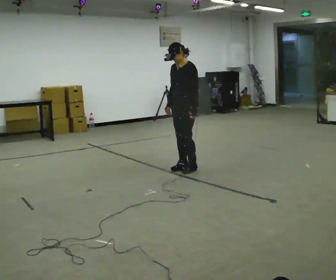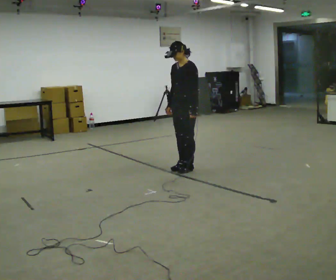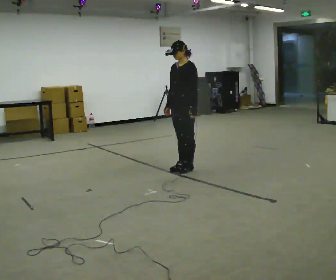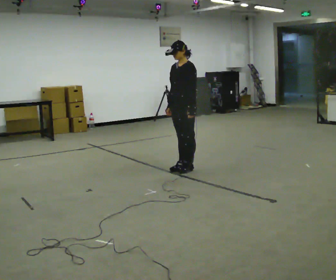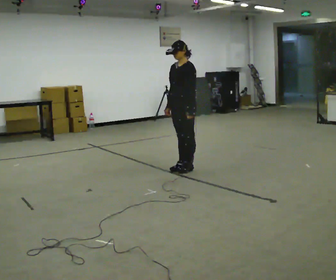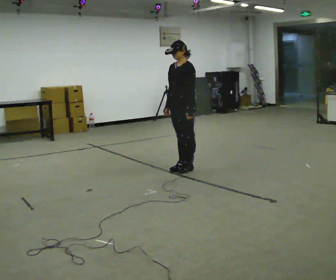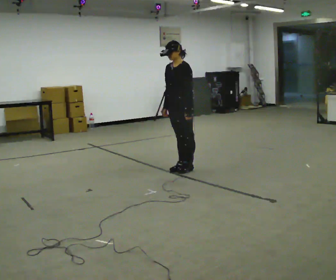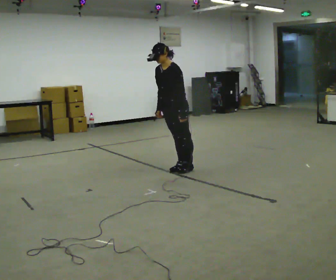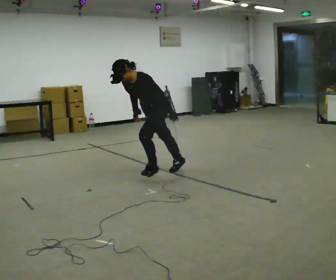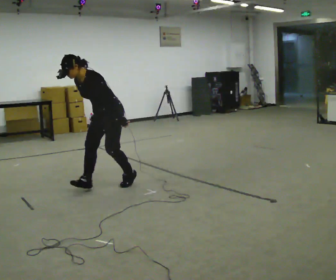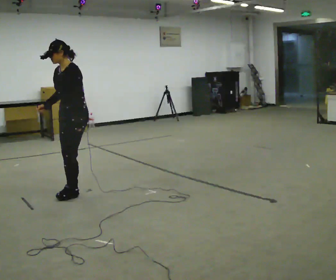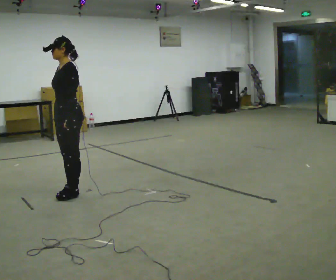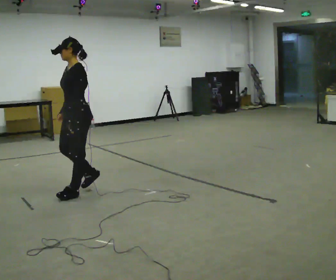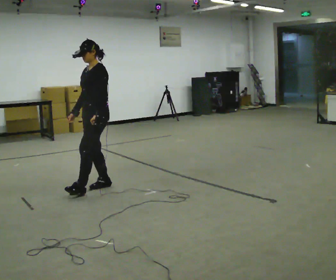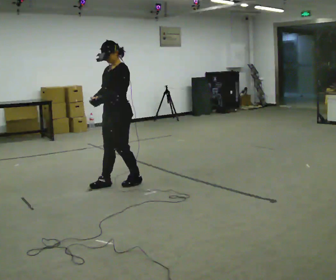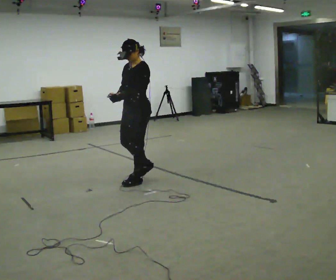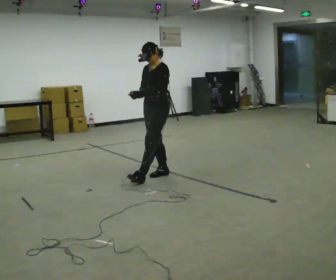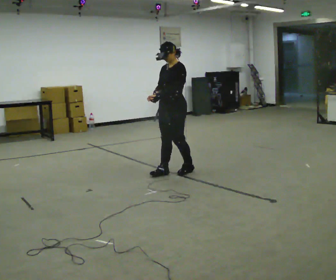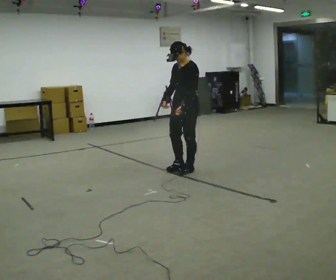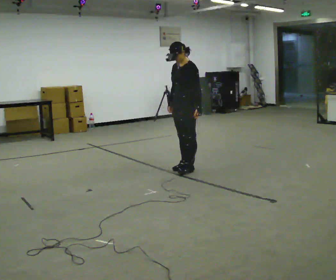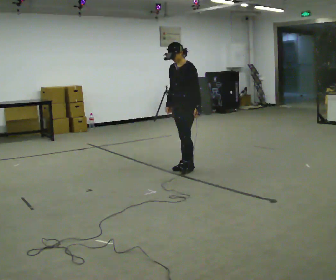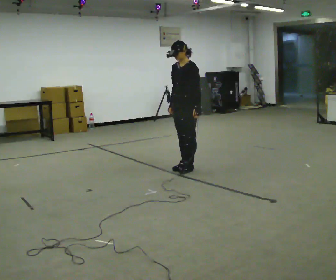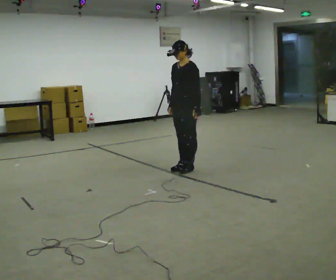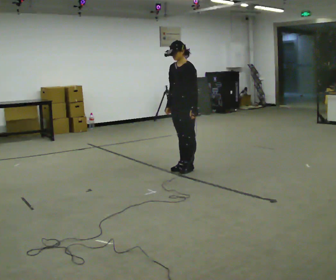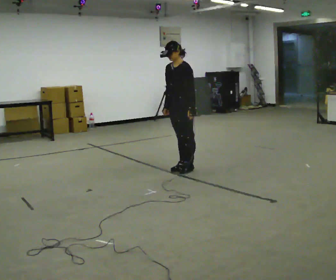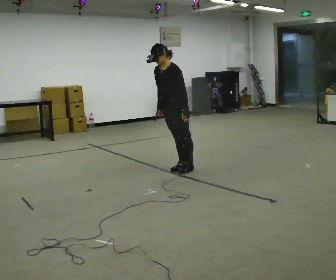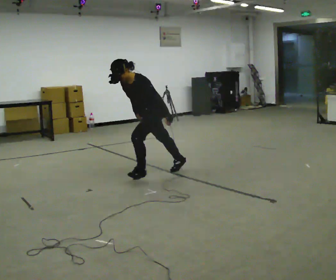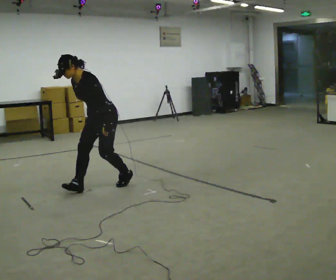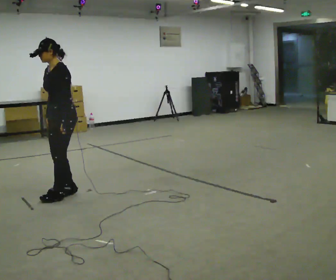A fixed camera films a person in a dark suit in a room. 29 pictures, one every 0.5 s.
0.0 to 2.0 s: The person moves a little, or ends about where they began.
2.0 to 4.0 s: In the picture they go to the left and toward the camera, about 0.5 m, which for them is forward. The upper body goes downward. In the picture the upper body tilts counterclockwise, shoulders to the left, as they bend forward.
4.0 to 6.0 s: In the picture they go to the left and toward the camera, about 1 m in 3 steps, which for them is forward. In the picture the upper body tilts clockwise, shoulders to the right, as they lean back or straighten.
6.0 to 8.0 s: In the picture they go to the right and away from the camera, about 1 m in 3 steps, which for them is backward.
8.0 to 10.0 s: In the picture they go to the right and away from the camera, about 0.5 m in 2 steps, which for them is backward.
10.0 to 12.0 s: The person moves a little, or ends about where they began.
12.0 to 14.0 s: In the picture they go to the left and toward the camera, about 1.5 m in 3 steps, which for them is forward.
The film runs forward here.
